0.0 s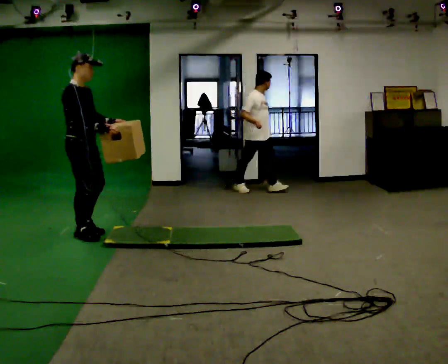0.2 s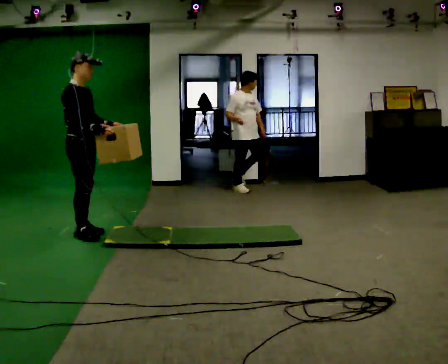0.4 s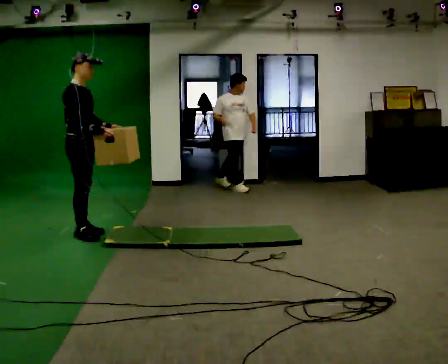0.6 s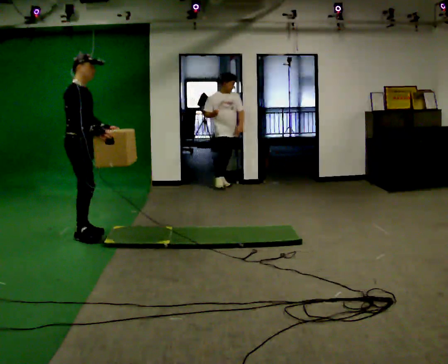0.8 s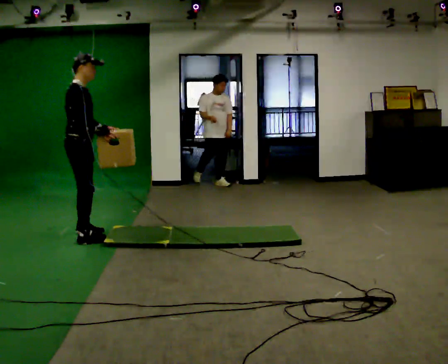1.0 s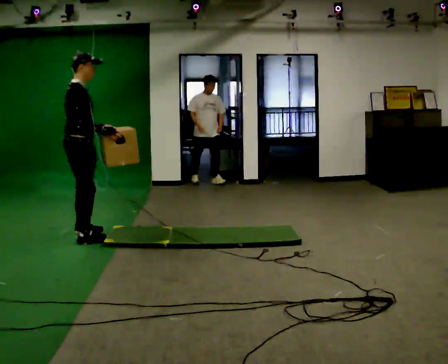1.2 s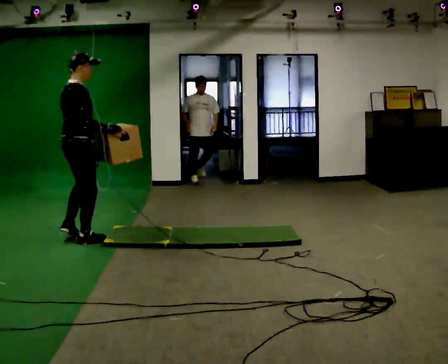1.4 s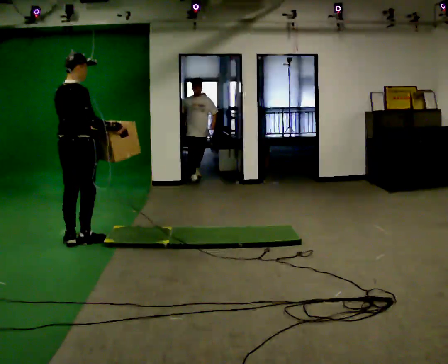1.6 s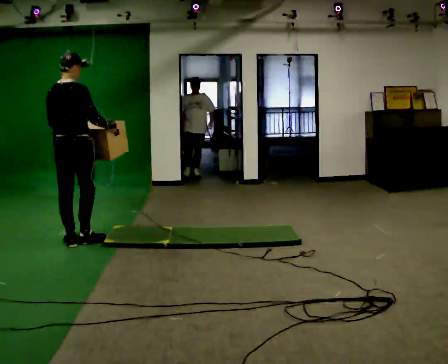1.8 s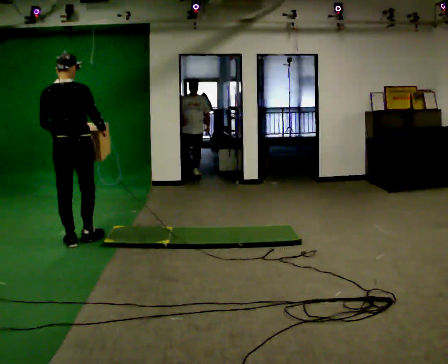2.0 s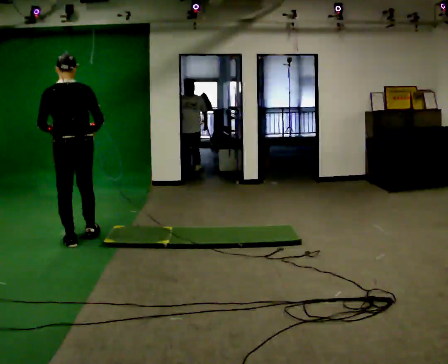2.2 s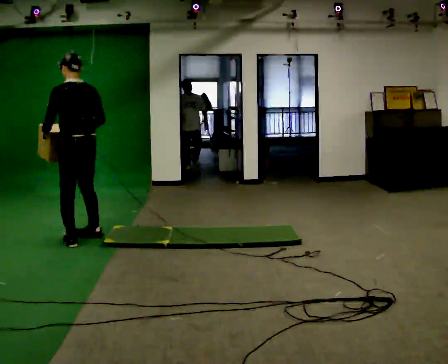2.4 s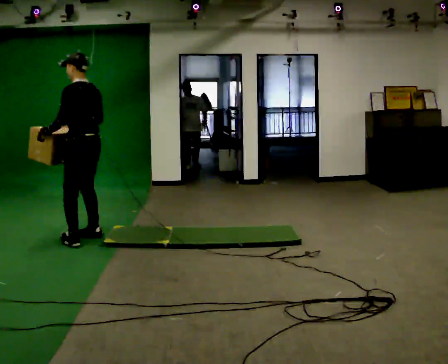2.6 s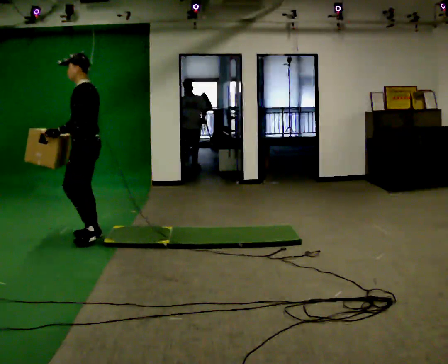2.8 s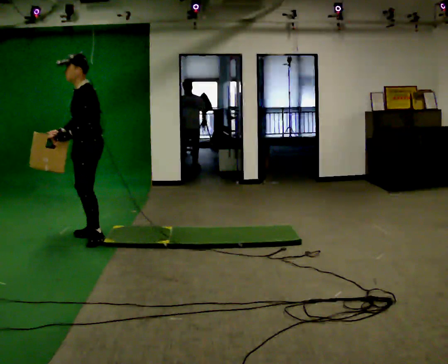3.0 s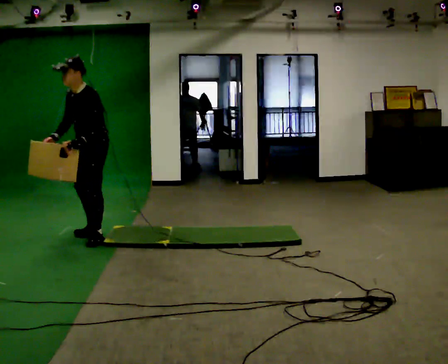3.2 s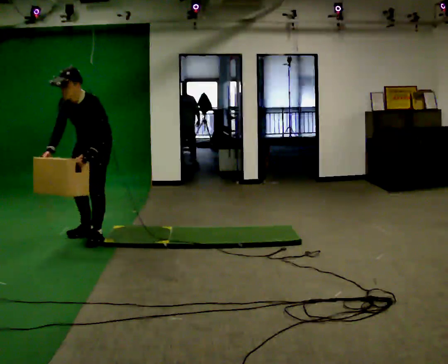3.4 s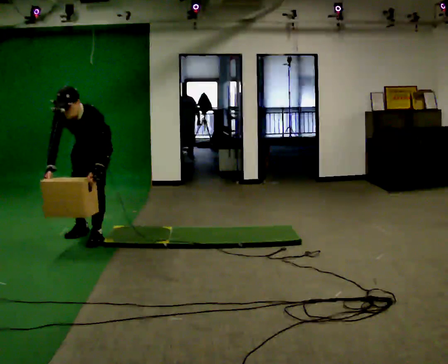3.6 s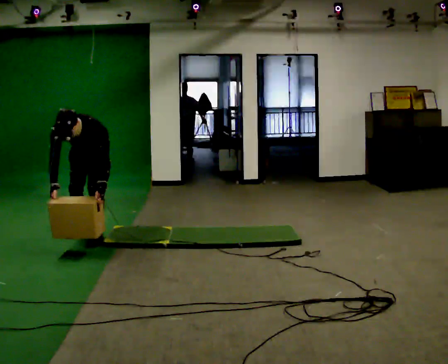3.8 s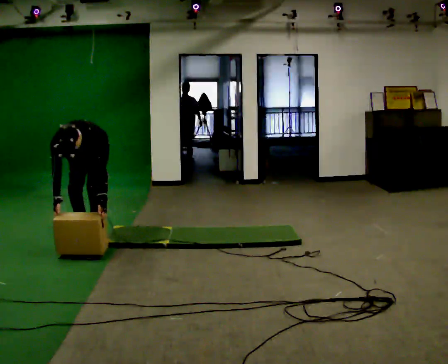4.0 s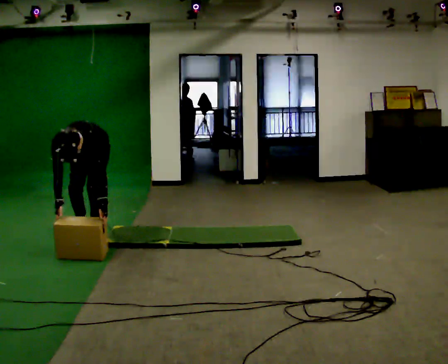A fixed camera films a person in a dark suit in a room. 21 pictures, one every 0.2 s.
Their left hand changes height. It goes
downward.
The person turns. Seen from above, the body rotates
counterclockwise.
0.0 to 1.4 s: Seen from above the body turns counterclockwise, about 60 degrees: to their left, with its near side sliding to the right. In the picture they go toward the camera, about 0.25 m in 2 steps.
1.4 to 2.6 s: The part of the body nearest the lens slides to the right as the person turns to their left by about 120 degrees. In the picture they go to the right, about 0.25 m in 2 steps. In the picture their right hand goes to the left, the arm swinging clockwise.
2.6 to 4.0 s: Seen from above the body turns counterclockwise, about 75 degrees: to their left, with its near side sliding to the right. The shoulders move downward. The upper body tips toward the camera, its near side rolling downward, as they bend forward. In the picture their left hand goes downward and to the right, the arm swinging counterclockwise.
The film runs backward here.
